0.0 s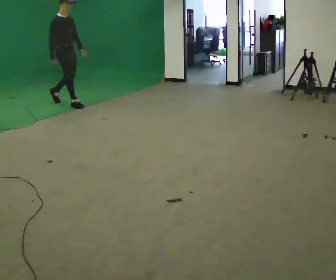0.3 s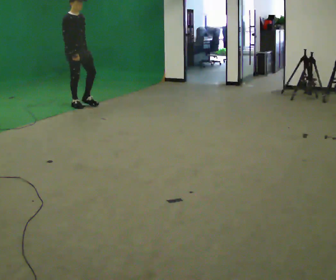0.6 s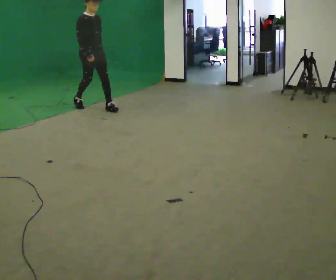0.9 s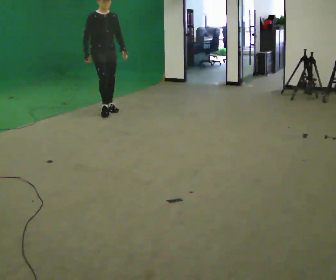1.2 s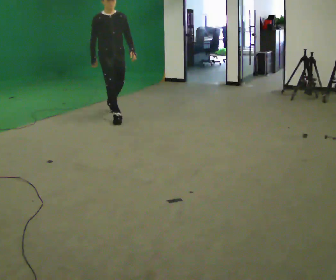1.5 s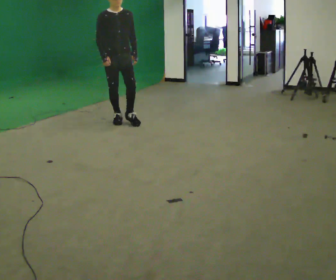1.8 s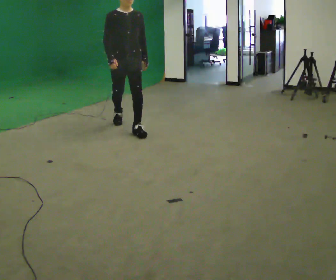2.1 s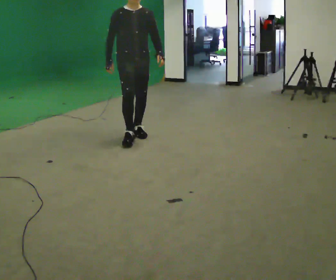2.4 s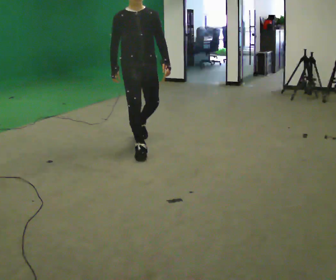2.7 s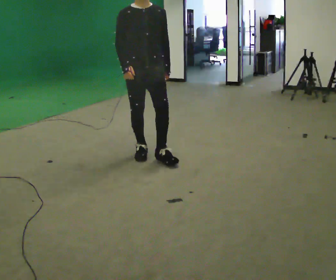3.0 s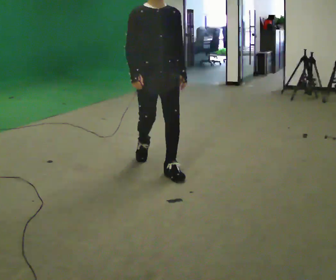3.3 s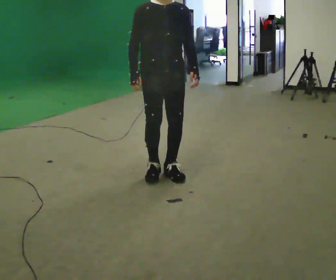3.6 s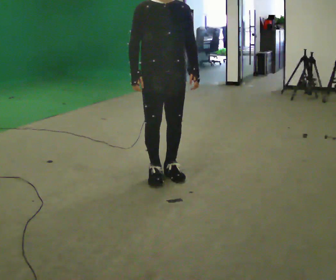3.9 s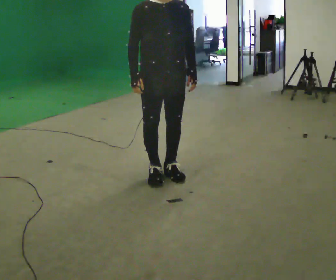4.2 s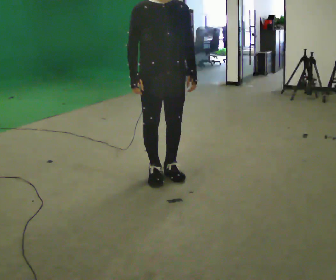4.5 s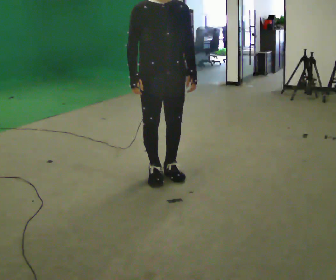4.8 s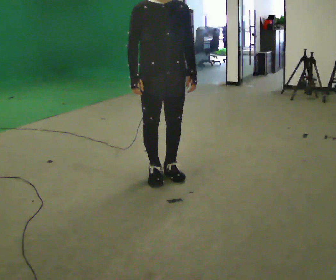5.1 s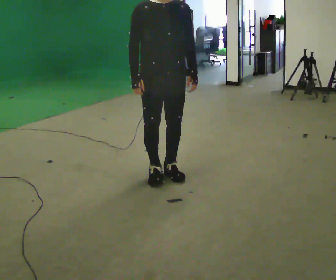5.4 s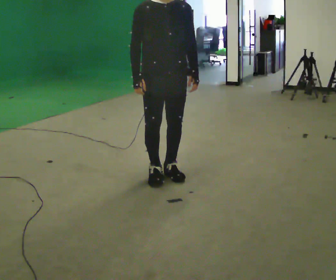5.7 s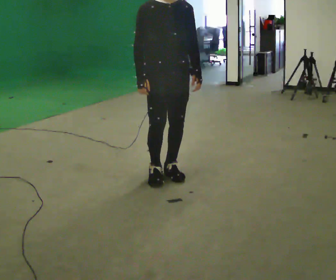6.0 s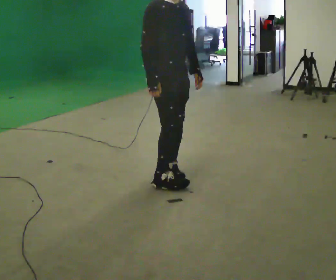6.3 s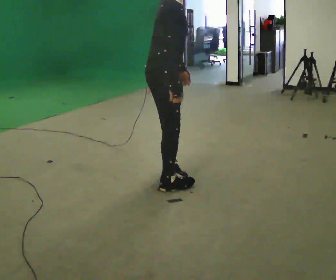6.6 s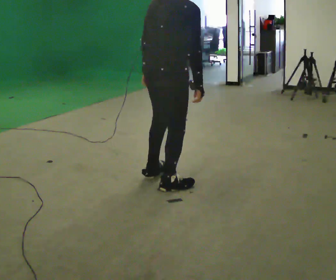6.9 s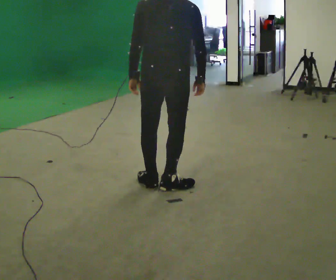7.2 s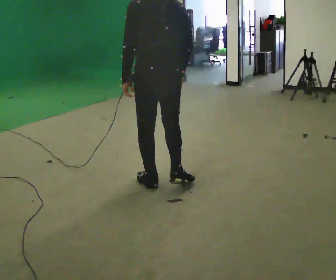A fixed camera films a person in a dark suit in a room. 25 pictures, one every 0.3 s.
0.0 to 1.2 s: Seen from above the body turns clockwise, about 45 degrees: to their right, with its near side sliding to the left. In the picture they go to the right and toward the camera, about 1 m in 2 steps, which for them is forward.
1.2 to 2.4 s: In the picture they go toward the camera, about 1.5 m in 2 steps, which for them is forward.
2.4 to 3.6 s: In the picture they go toward the camera, about 1 m in 2 steps, which for them is forward.
3.6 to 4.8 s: The person moves a little, or ends about where they began.
4.8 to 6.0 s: The part of the body nearest the lens slides to the right as the person turns to their left by about 45 degrees.
6.0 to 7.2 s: The part of the body nearest the lens slides to the right as the person turns to their left by about 150 degrees. In the picture they go toward the camera, about 0.25 m in 2 steps. In the picture their left hand goes to the left, the arm swinging clockwise.
The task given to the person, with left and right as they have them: Walk straight; at marker turn ~45° while continuing to walk; continue straight.
The film runs forward here.
